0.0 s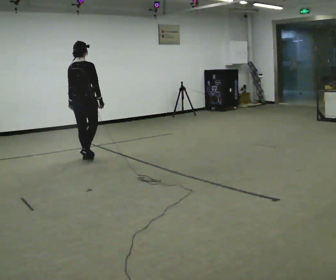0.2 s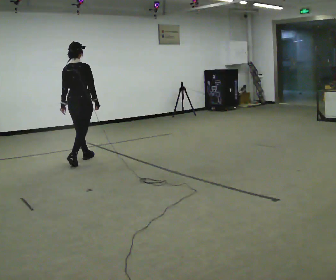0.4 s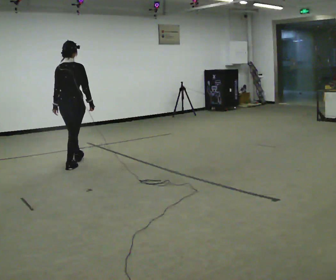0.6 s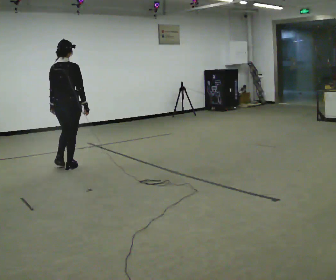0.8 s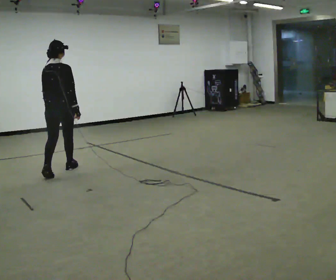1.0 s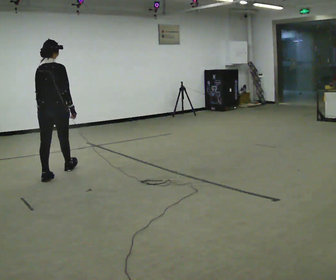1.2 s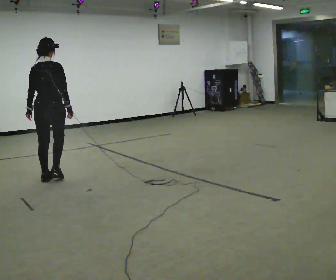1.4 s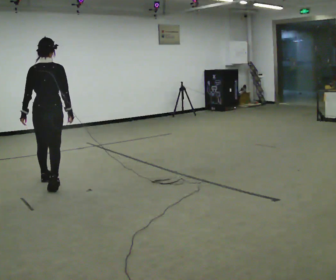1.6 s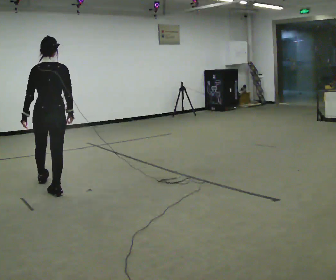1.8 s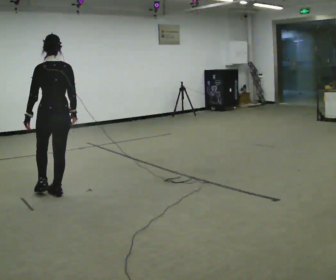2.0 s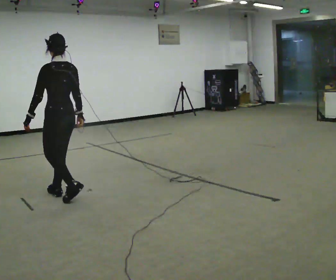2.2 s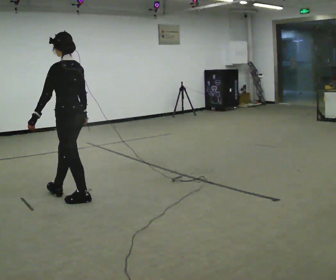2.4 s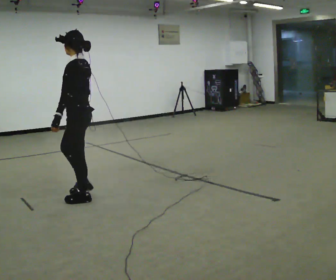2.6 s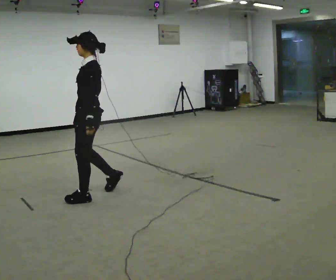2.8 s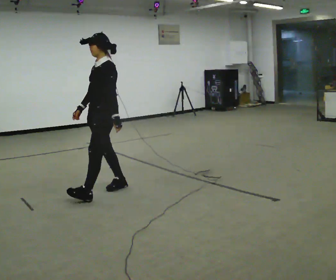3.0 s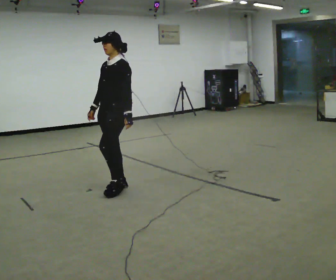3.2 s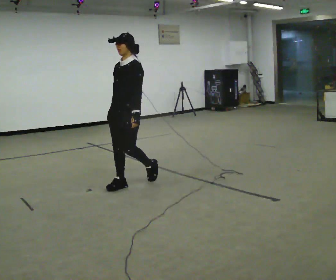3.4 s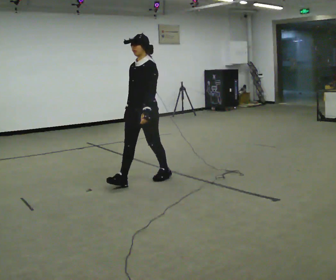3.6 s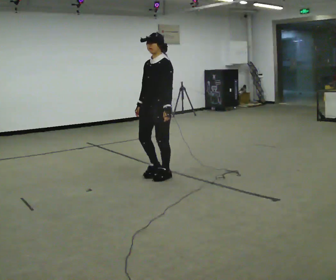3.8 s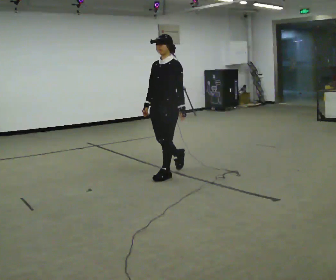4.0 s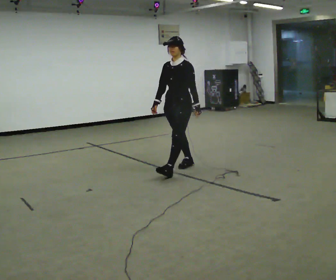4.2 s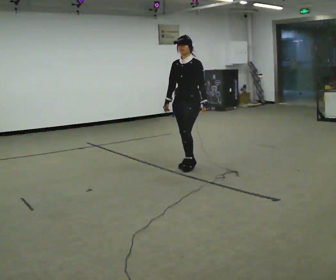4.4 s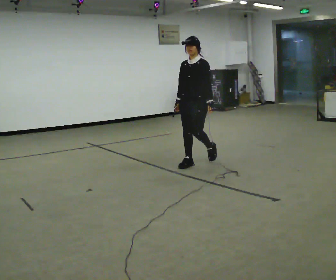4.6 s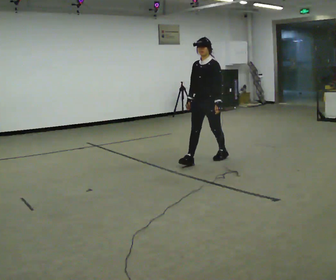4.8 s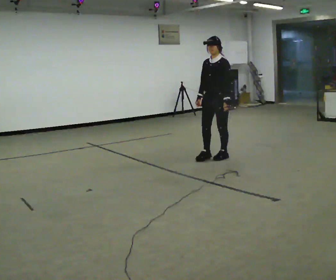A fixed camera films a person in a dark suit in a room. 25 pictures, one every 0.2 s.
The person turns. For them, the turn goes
to their left.
The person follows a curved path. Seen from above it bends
counterclockwise.
0.0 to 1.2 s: In the picture they go toward the camera and to the left, about 1 m in 2 steps, which for them is backward.
1.2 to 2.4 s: The part of the body nearest the lens slides to the right as the person turns to their left by about 90 degrees. In the picture they go toward the camera and to the right, about 0.5 m in 2 steps.
2.4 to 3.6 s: The person turns about 45 degrees to their left, counterclockwise seen from above, so the part of the body nearest the lens slides to the right. In the picture they go to the right and away from the camera, about 1 m in 2 steps, which for them is backward.
3.6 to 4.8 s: In the picture they go to the right and away from the camera, about 1 m in 2 steps, which for them is backward.
The film runs backward here.
